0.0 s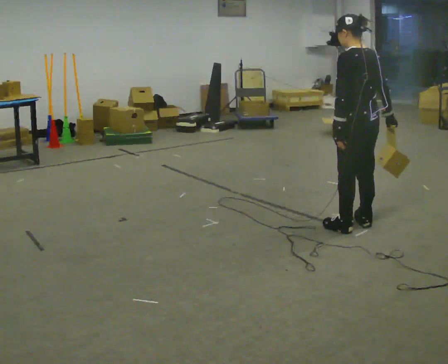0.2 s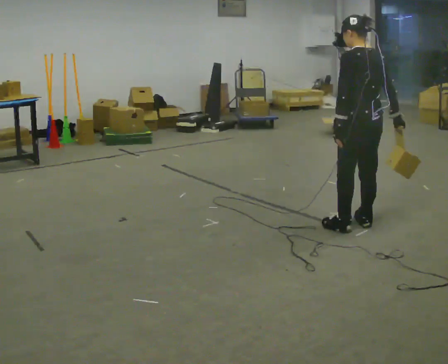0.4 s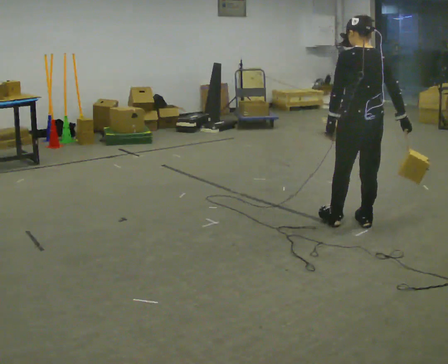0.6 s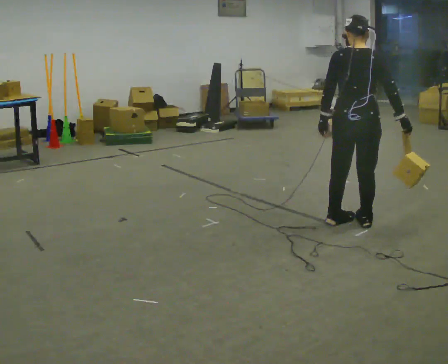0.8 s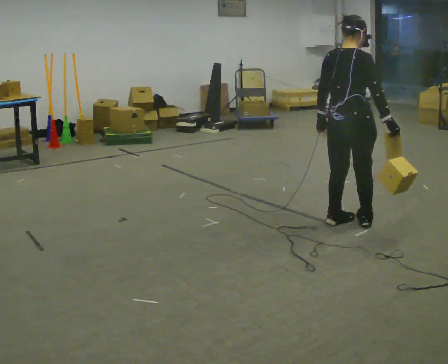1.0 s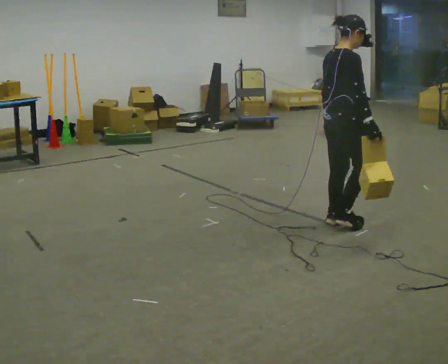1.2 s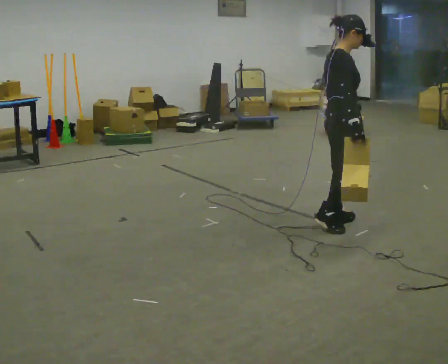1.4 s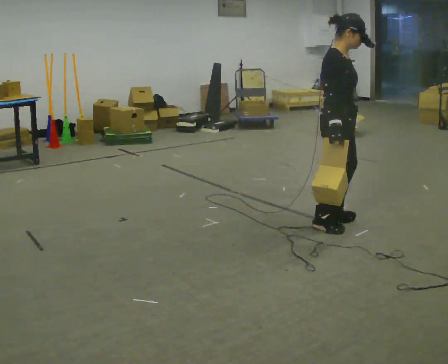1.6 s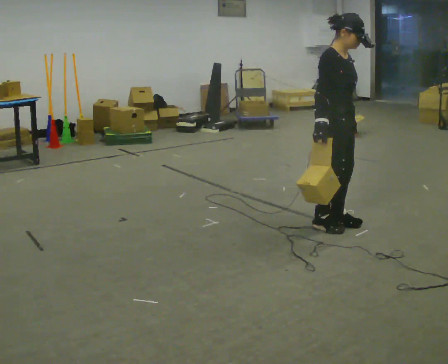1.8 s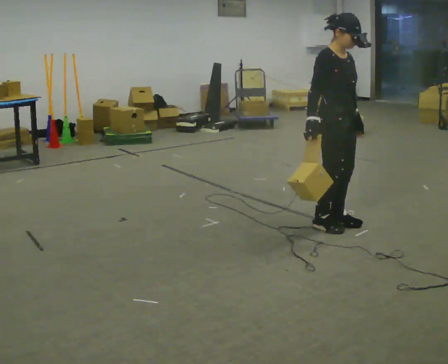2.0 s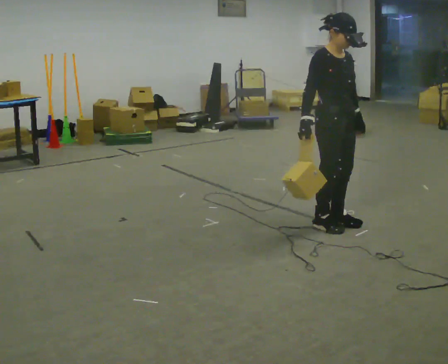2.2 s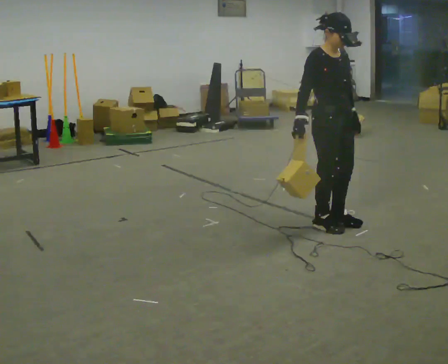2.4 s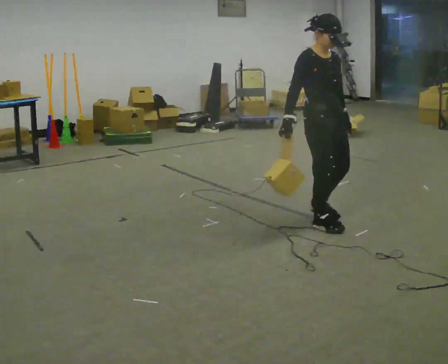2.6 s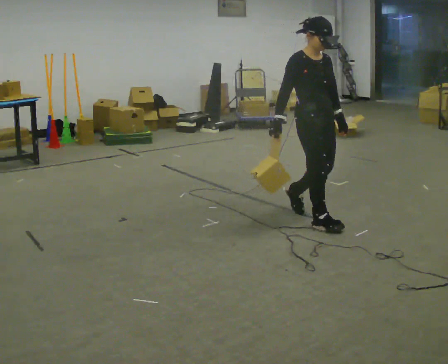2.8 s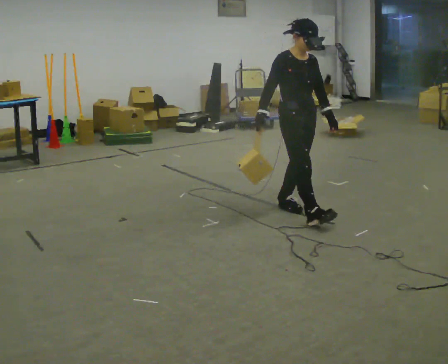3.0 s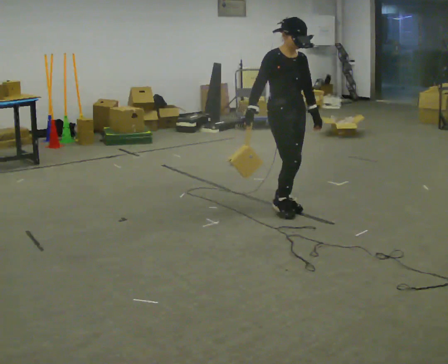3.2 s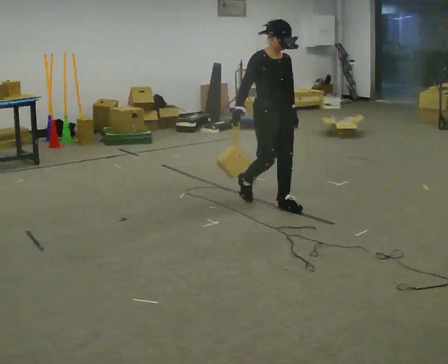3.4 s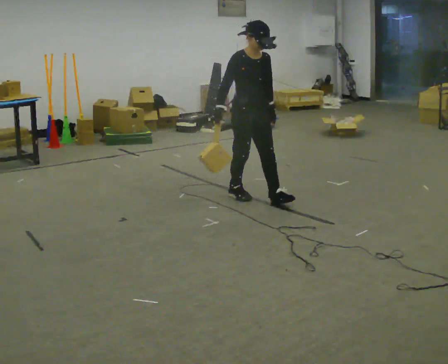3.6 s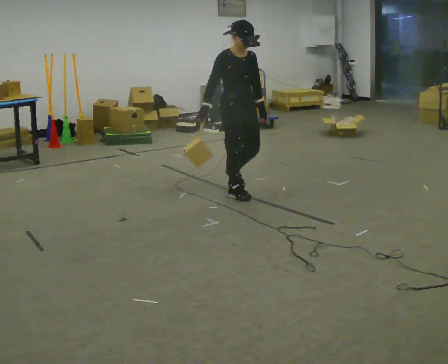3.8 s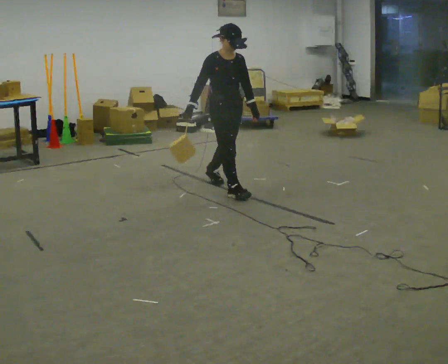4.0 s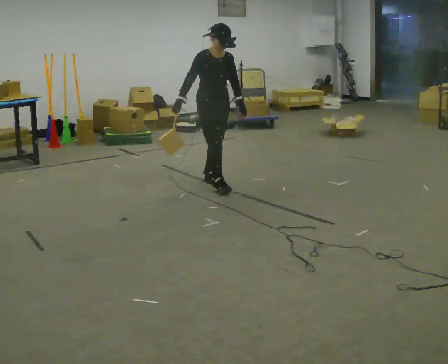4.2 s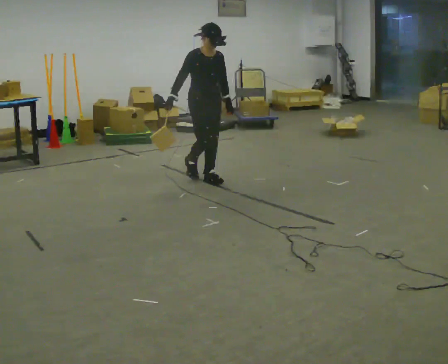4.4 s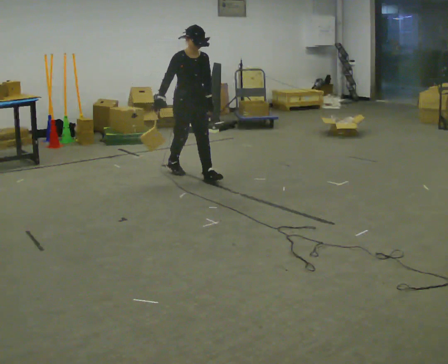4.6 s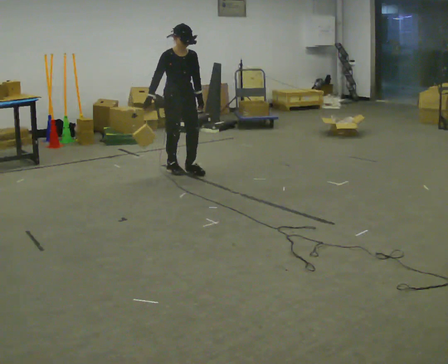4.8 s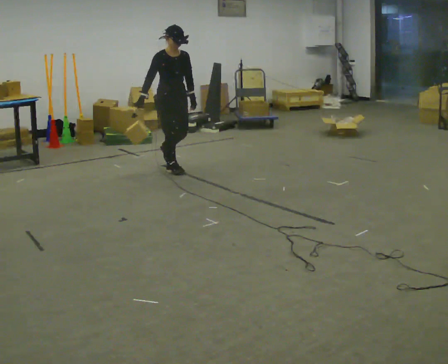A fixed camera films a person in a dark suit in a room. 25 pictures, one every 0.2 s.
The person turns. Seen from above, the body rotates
clockwise.
The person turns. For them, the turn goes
to their right.
0.0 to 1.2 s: The part of the body nearest the lens slides to the left as the person turns to their right by about 120 degrees. In the picture their right hand goes to the left.
1.2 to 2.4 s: The person turns about 60 degrees to their right, clockwise seen from above, so the part of the body nearest the lens slides to the left. In the picture their right hand goes to the left.
2.4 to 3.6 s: In the picture they go away from the camera and to the left, about 1 m in 2 steps, which for them is backward.
3.6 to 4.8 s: In the picture they go away from the camera and to the left, about 1 m in 2 steps, which for them is backward.
The film runs backward here.
